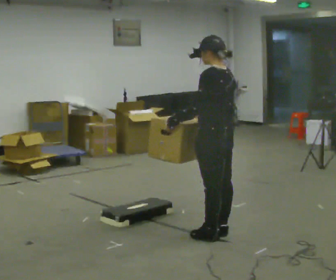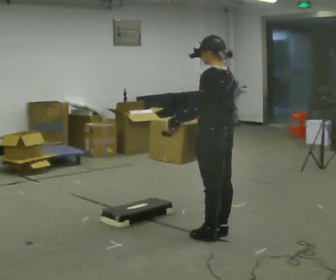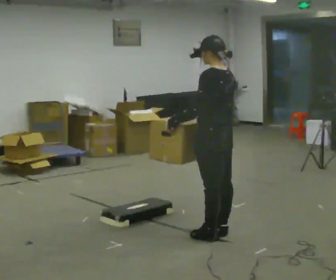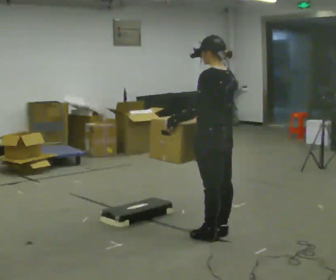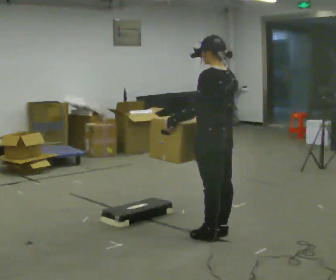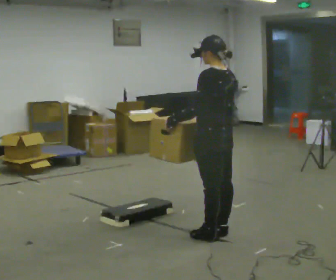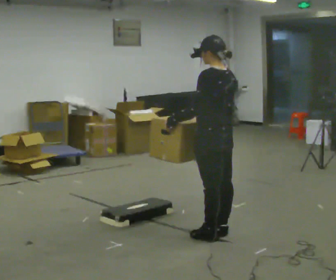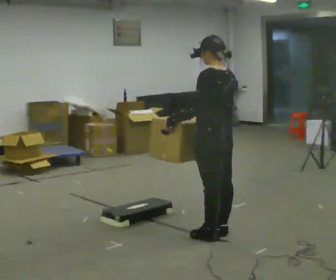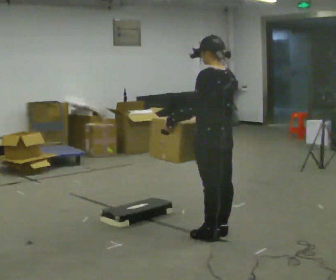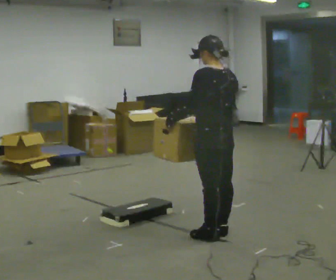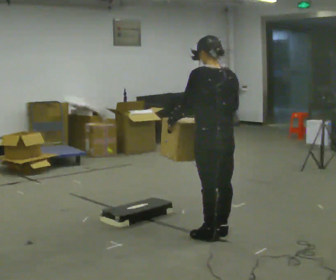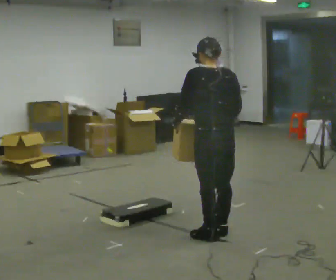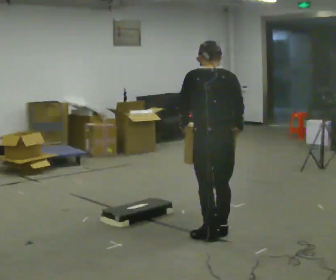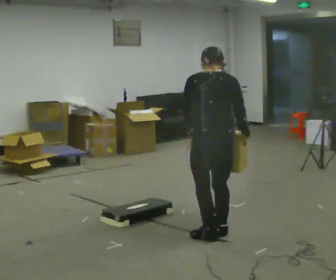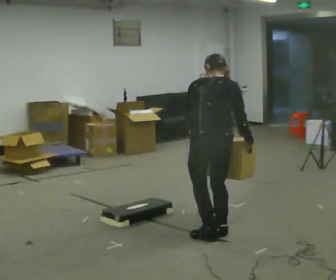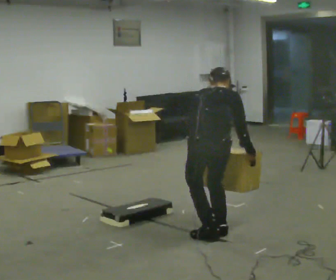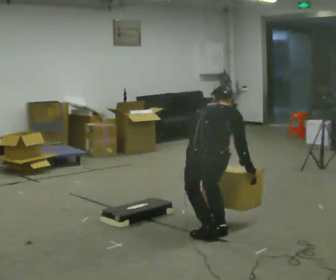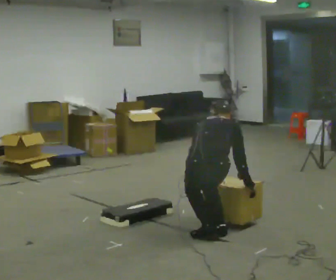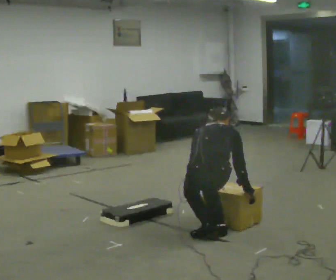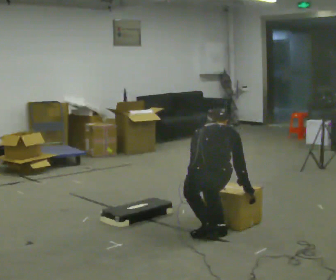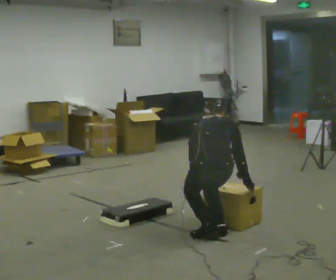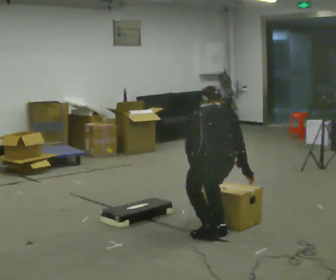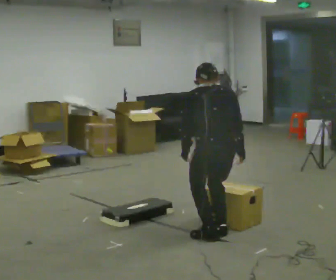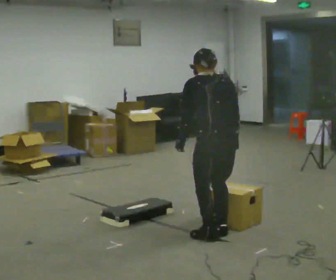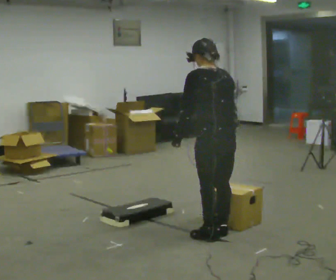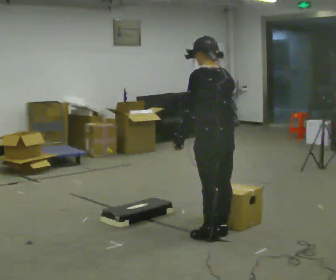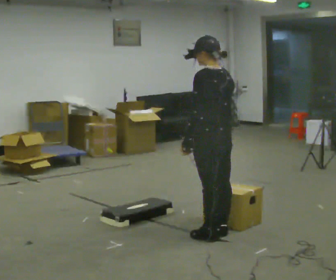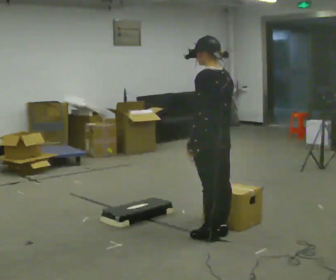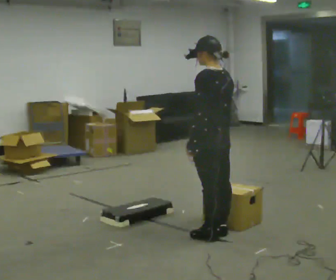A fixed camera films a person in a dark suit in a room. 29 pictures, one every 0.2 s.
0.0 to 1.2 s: The person moves a little, or ends about where they began.
1.2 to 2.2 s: The part of the body nearest the lens slides to the left as the person turns to their right by about 30 degrees.
2.2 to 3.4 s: Seen from above the body turns clockwise, about 45 degrees: to their right, with its near side sliding to the left. The upper body goes downward. The upper body tips away from the camera, its near side rolling upward, as they bend forward. In the picture their right hand goes downward.
3.4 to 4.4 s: Seen from above the body turns counterclockwise, about 30 degrees: to their left, with its near side sliding to the right. The shoulders move upward. In the picture the upper body tilts counterclockwise, shoulders to the left, as they lean back or straighten.
4.4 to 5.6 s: The person turns about 45 degrees to their left, counterclockwise seen from above, so the part of the body nearest the lens slides to the right. The upper body goes upward. The upper body tips toward the camera, its near side rolling downward, as they lean back or straighten.
The film runs forward here.
